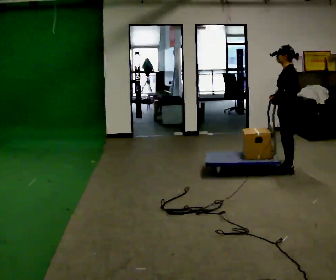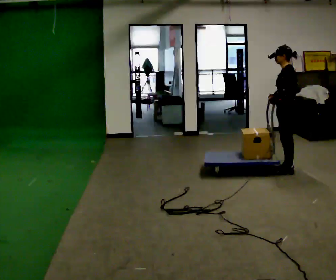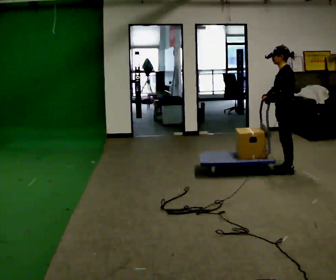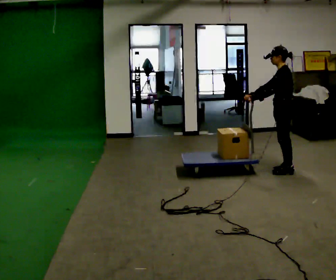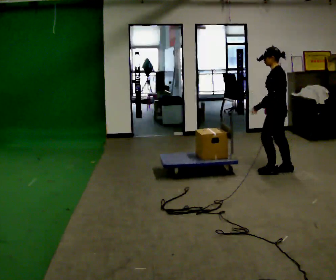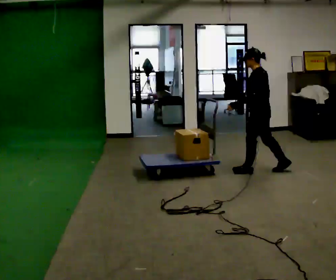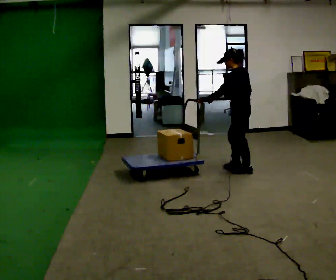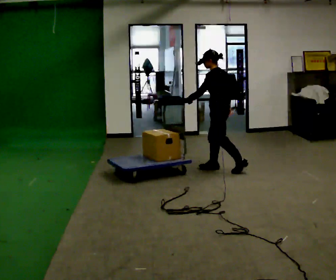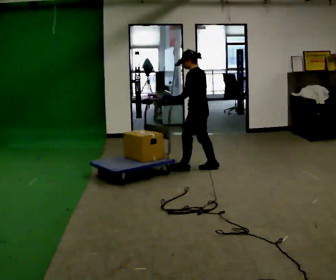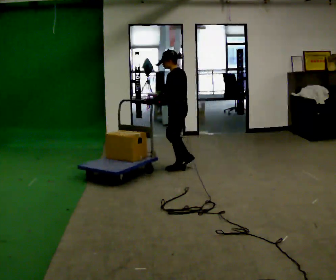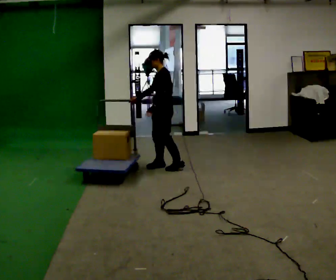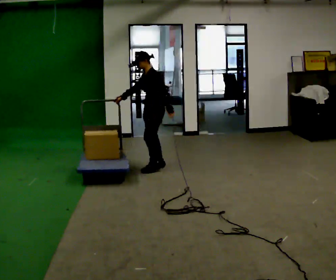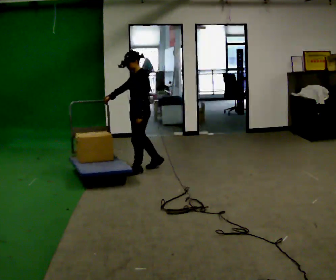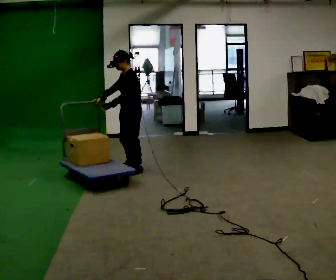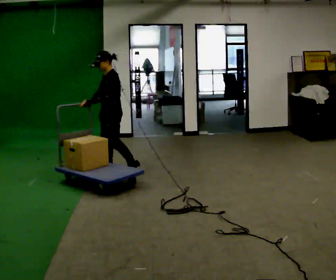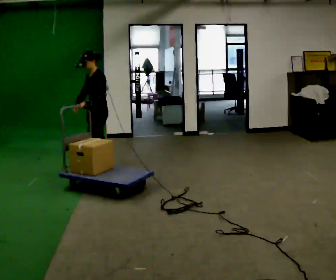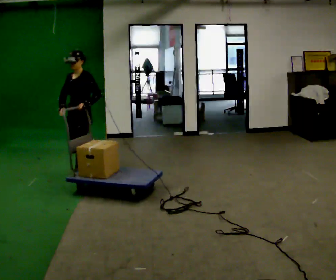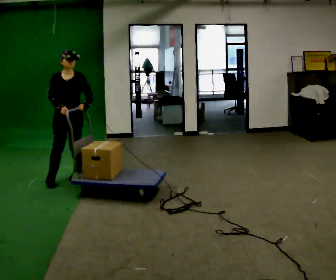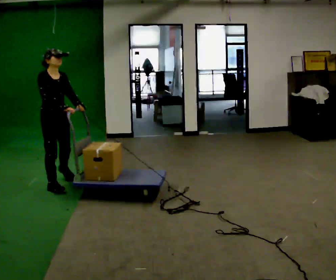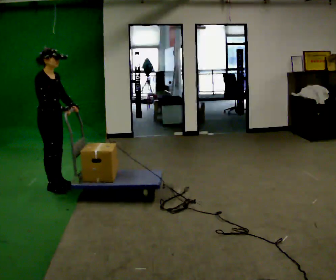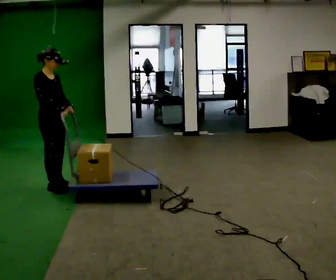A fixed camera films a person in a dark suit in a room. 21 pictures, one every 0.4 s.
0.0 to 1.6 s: The person moves a little, or ends about where they began.
1.6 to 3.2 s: In the picture they go to the left, about 1 m in 2 steps, which for them is forward.
3.2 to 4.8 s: The person turns about 30 degrees to their left, counterclockwise seen from above, so the part of the body nearest the lens slides to the right. In the picture they go to the left, about 0.75 m in 3 steps, which for them is forward.
4.8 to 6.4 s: The person turns about 30 degrees to their left, counterclockwise seen from above, so the part of the body nearest the lens slides to the right. In the picture they go to the left and toward the camera, about 0.5 m in 2 steps, which for them is forward.
6.4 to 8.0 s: Seen from above the body turns counterclockwise, about 120 degrees: to their left, with its near side sliding to the right. In the picture they go toward the camera, about 0.5 m in 2 steps.
The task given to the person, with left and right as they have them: Stand still with your hands on the cart. When the operator says go, get it moving, push it a few metres, then bring it to a stop. Repeat until the operator says stop.
The film runs forward here.
